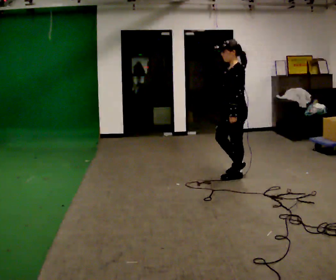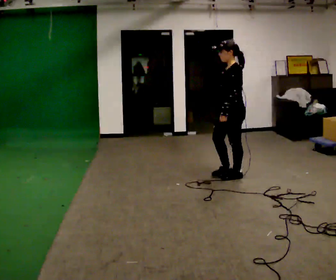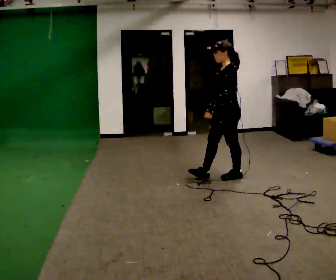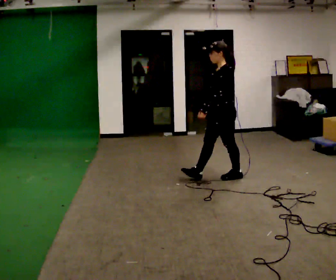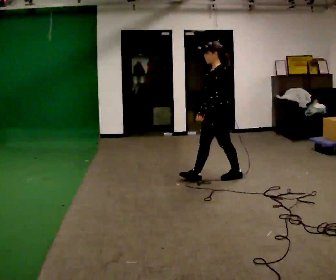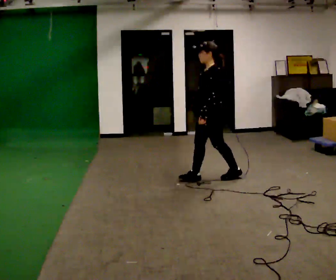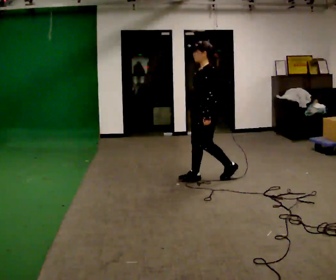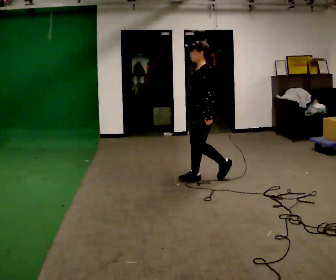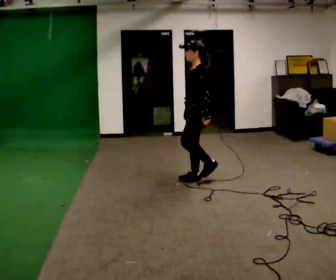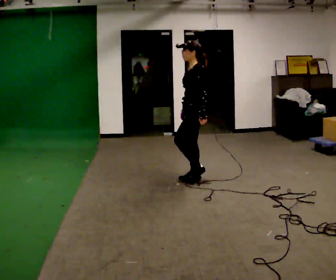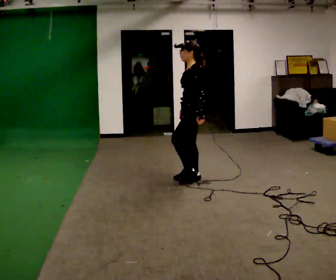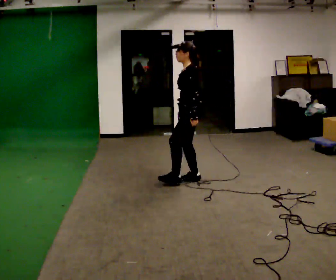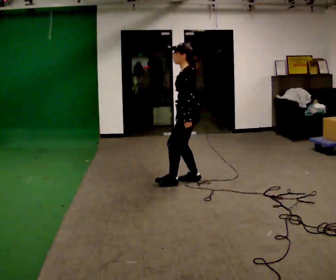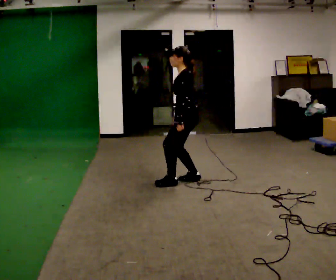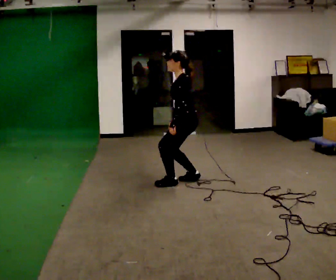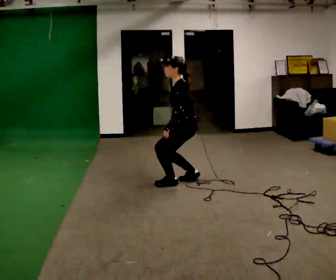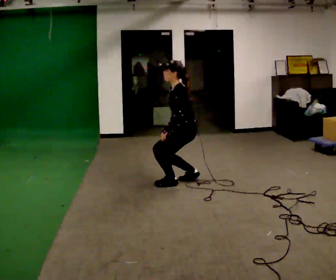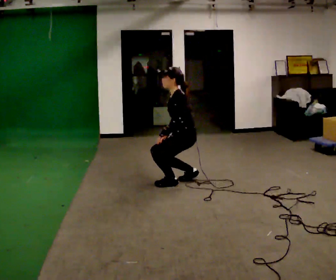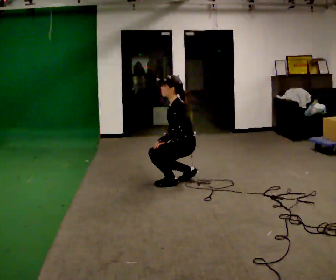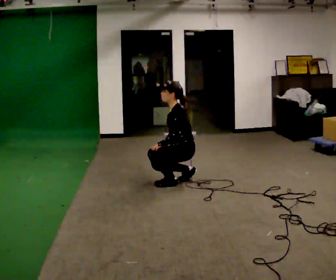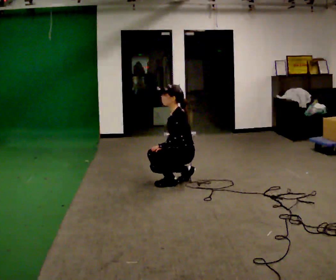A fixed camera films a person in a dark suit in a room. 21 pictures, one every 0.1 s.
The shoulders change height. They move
downward.
Their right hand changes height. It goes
downward.
0.0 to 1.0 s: In the picture they go to the left, about 0.5 m in 1 step, which for them is forward.
1.0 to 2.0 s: The upper body goes downward. In the picture their left hand goes downward and to the left.
The film runs forward here.
